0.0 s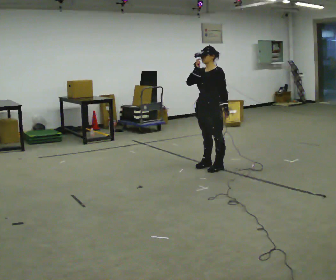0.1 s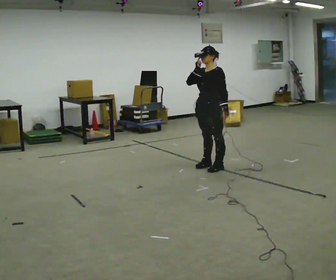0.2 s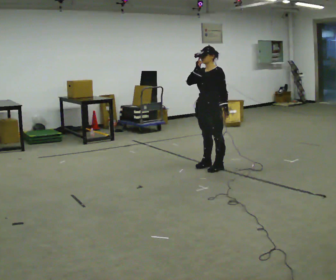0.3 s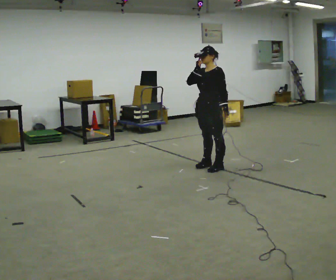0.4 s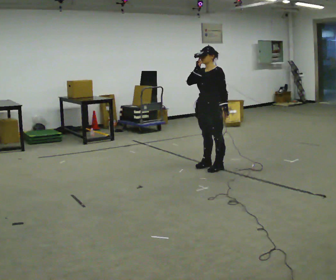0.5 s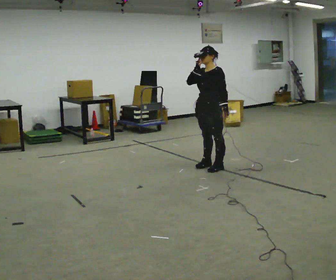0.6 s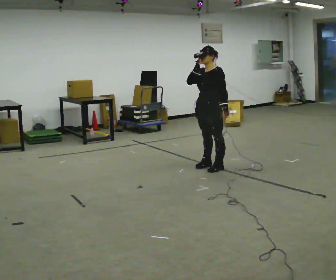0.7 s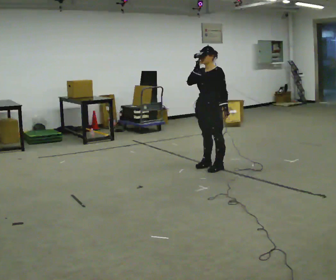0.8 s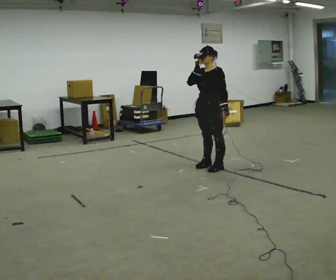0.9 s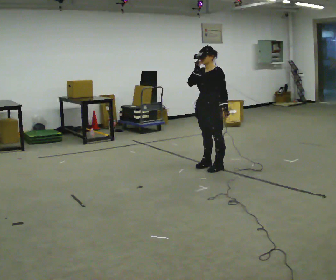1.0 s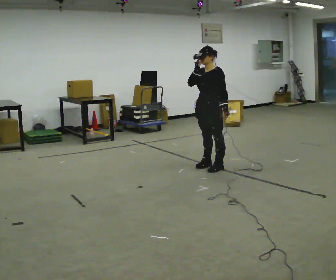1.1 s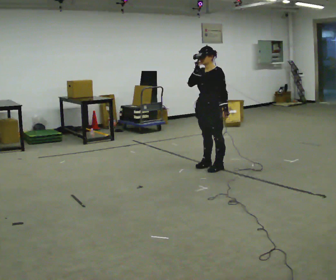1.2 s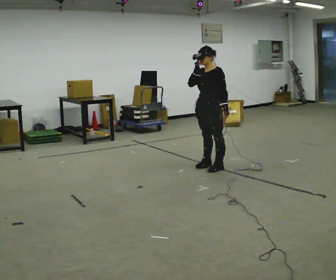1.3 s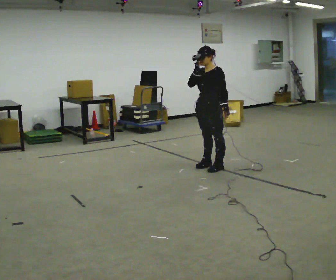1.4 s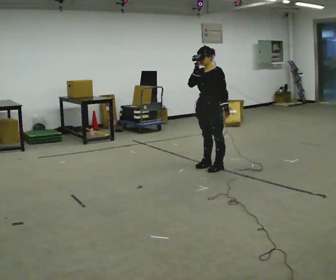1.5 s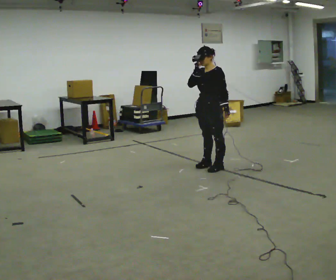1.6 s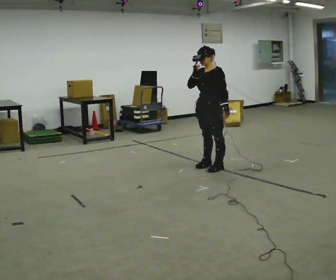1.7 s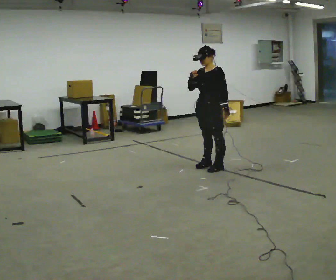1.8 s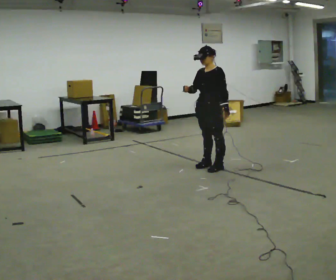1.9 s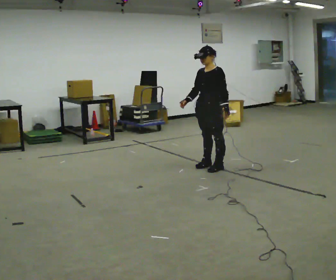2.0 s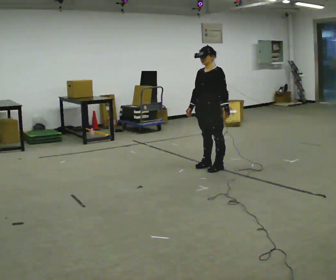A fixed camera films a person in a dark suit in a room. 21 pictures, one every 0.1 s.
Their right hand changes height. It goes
downward.
0.0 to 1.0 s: The person keeps their place and pose.
1.0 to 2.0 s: In the picture their right hand goes downward.
The film runs forward here.
